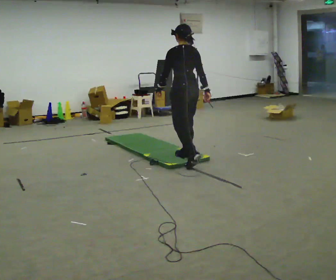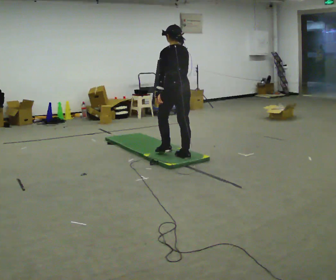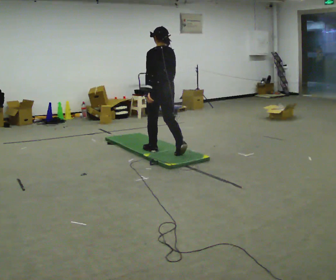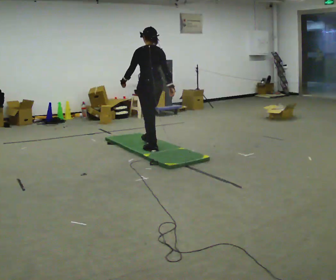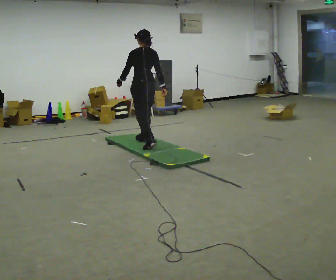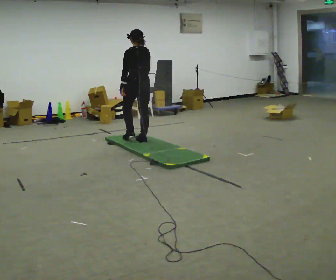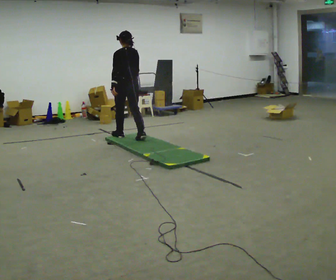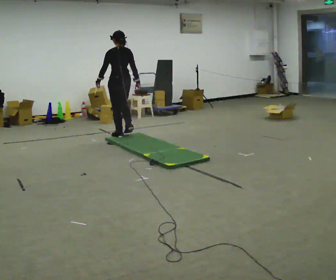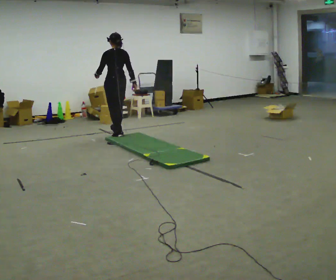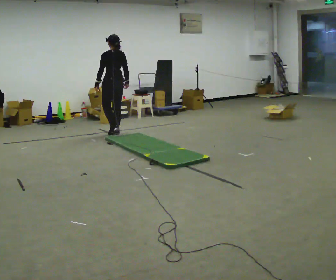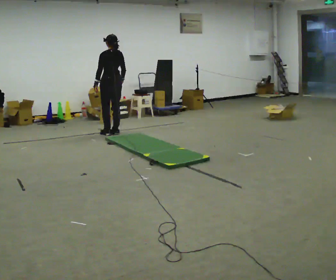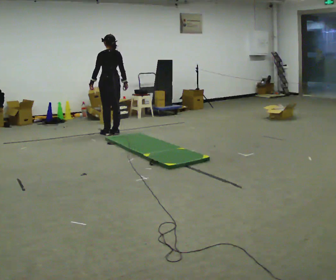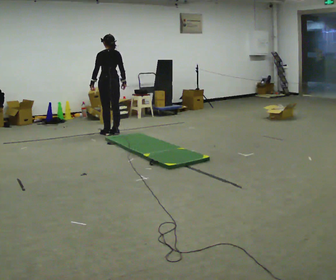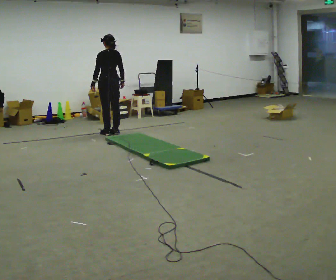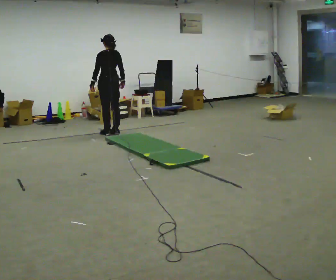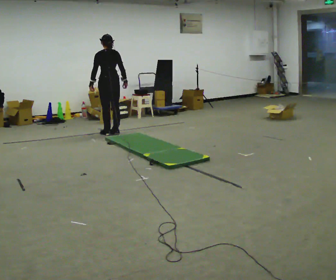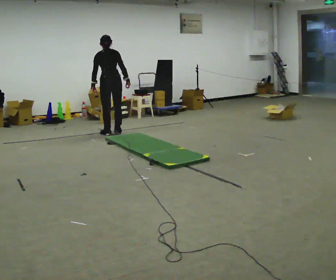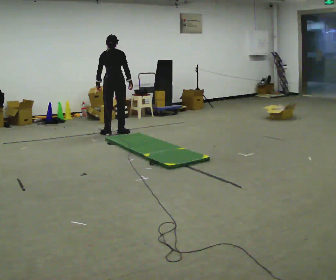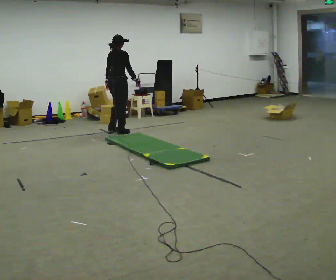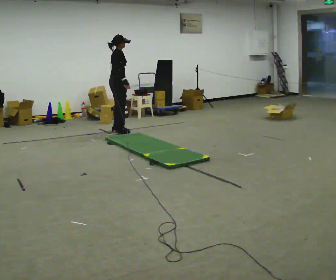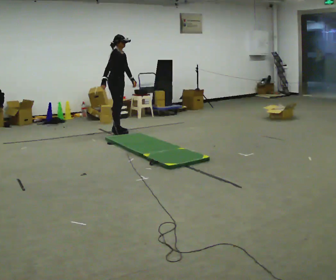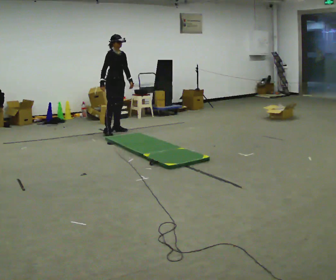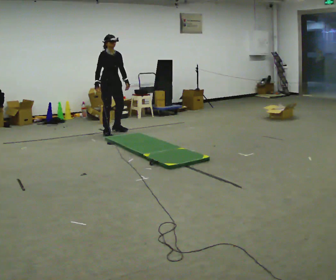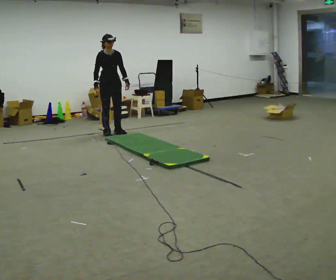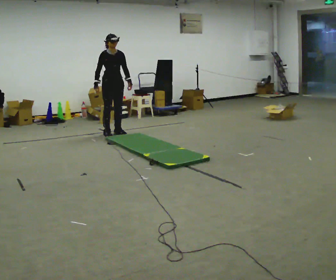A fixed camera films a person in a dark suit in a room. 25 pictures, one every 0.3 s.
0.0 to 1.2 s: In the picture they go away from the camera and to the left, about 1 m in 2 steps, which for them is forward.
1.2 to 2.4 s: In the picture they go away from the camera and to the left, about 1 m in 2 steps, which for them is forward.
2.4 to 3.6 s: In the picture they go away from the camera, about 0.25 m in 1 step, which for them is forward.
3.6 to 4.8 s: The person moves a little, or ends about where they began.
4.8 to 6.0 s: The person turns about 120 degrees to their right, clockwise seen from above, so the part of the body nearest the lens slides to the left. In the picture they go away from the camera, about 0.25 m in 1 step. In the picture their right hand goes to the left, the arm swinging clockwise.
6.0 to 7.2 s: The person turns about 45 degrees to their right, clockwise seen from above, so the part of the body nearest the lens slides to the left. In the picture they go toward the camera, about 0.25 m, which for them is to their right.
The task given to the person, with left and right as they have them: Walk across the soft uneven mat at a comfortable speed; continue walking normally after you leave it.
The film runs forward here.
